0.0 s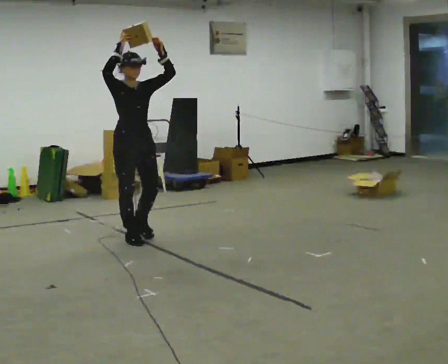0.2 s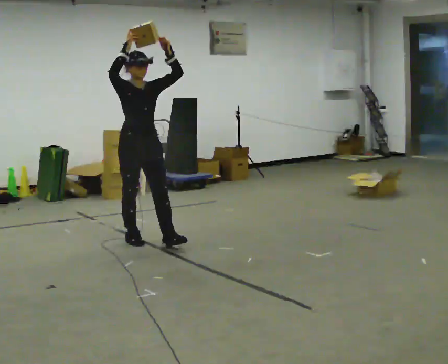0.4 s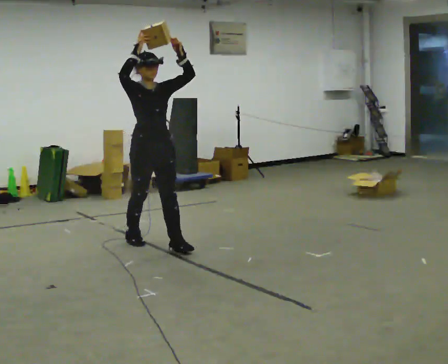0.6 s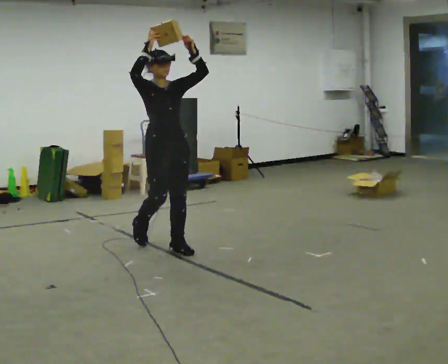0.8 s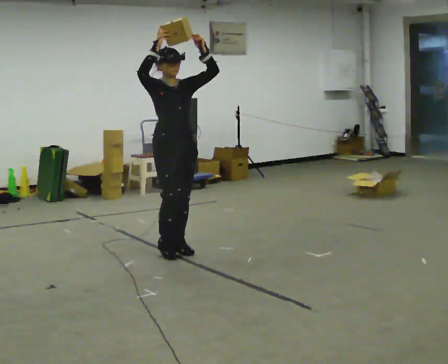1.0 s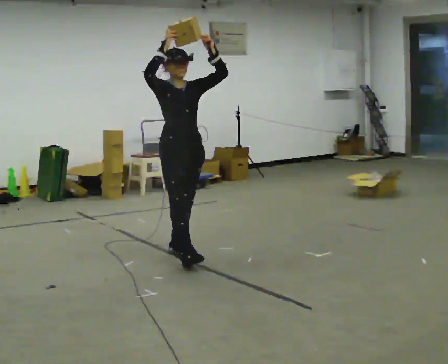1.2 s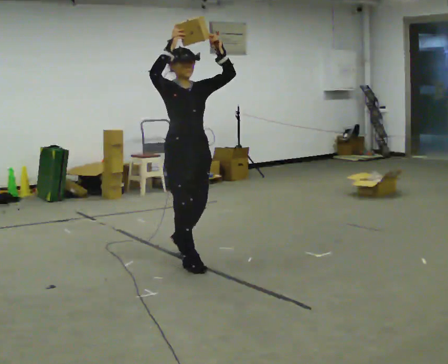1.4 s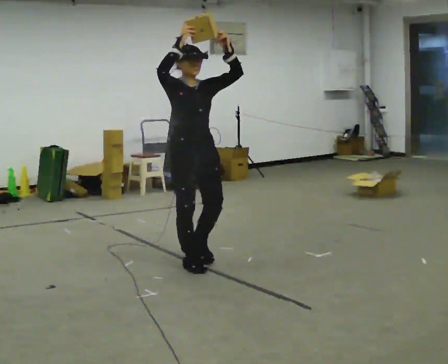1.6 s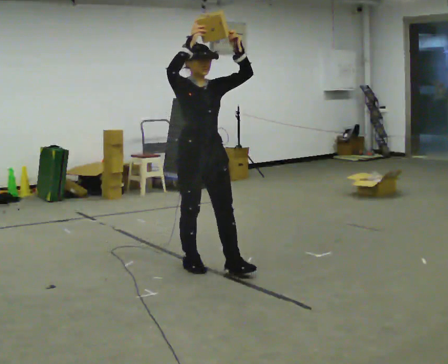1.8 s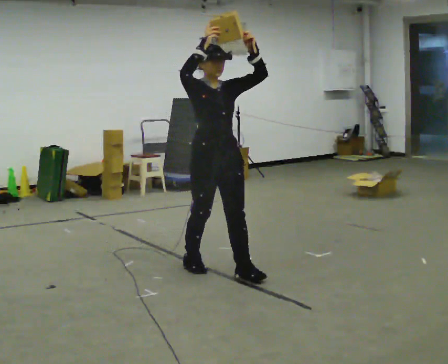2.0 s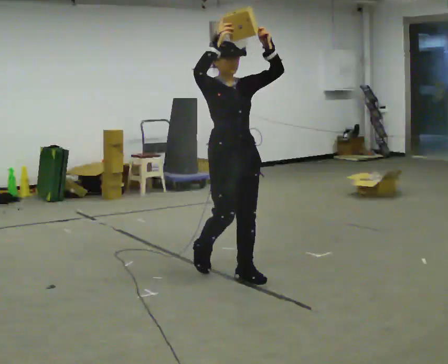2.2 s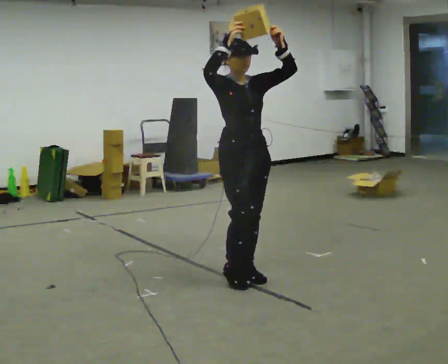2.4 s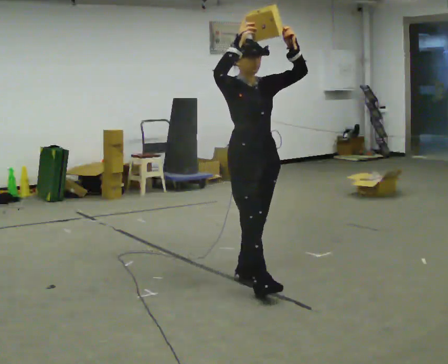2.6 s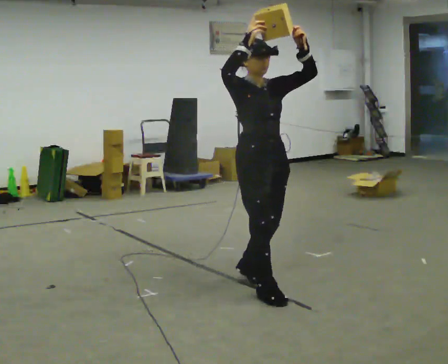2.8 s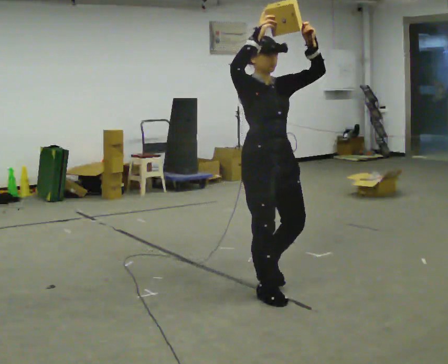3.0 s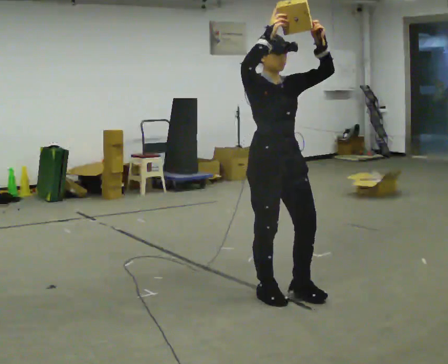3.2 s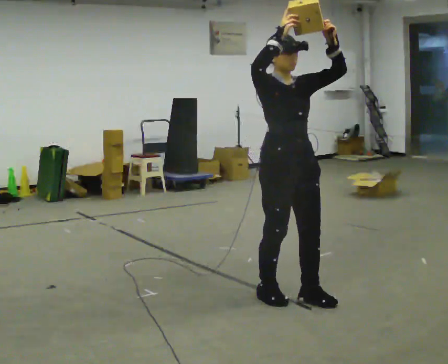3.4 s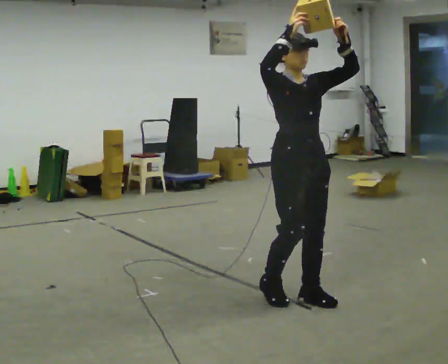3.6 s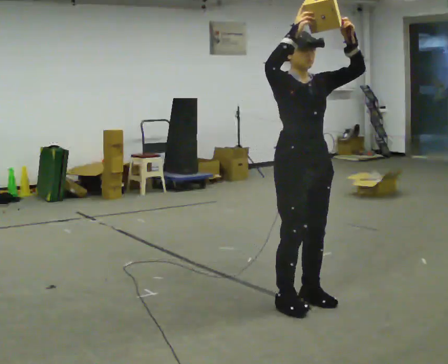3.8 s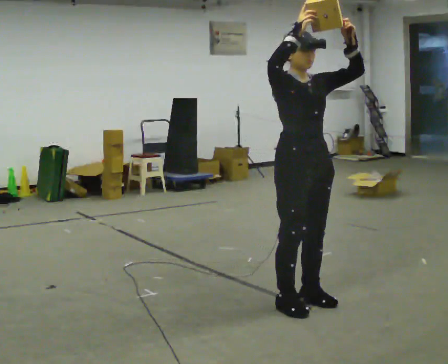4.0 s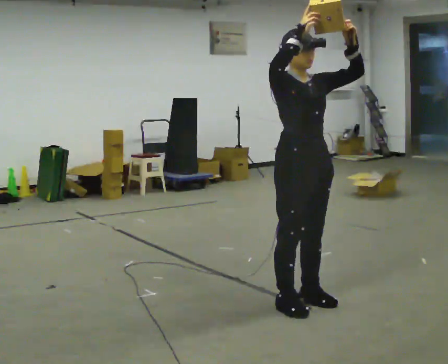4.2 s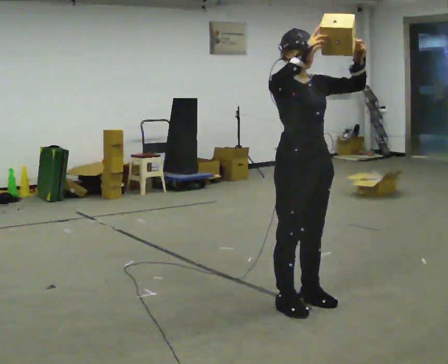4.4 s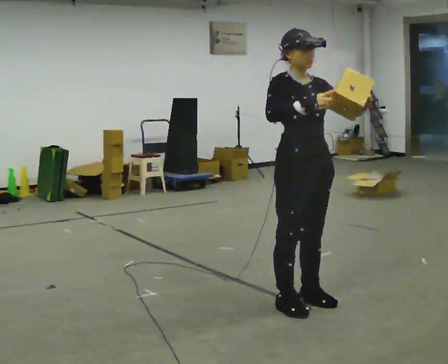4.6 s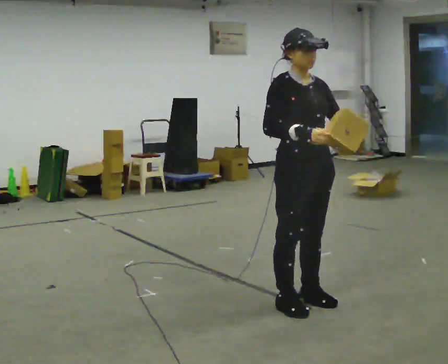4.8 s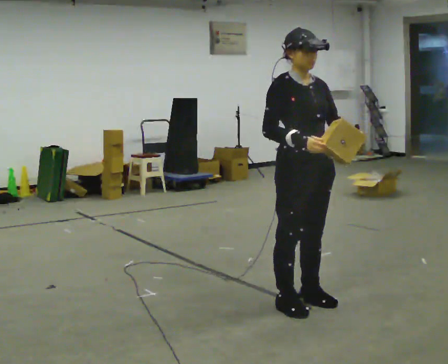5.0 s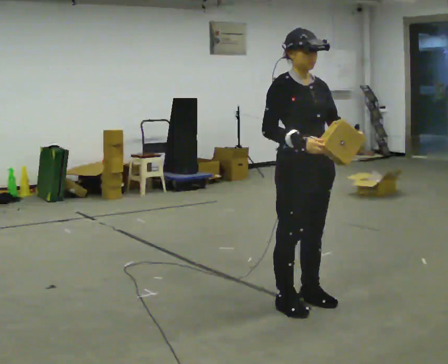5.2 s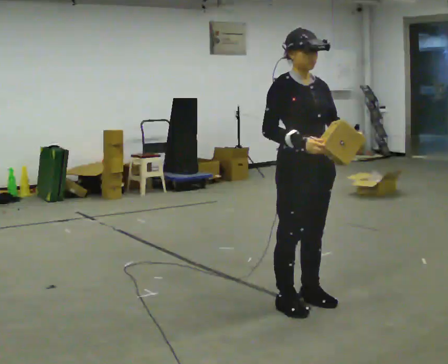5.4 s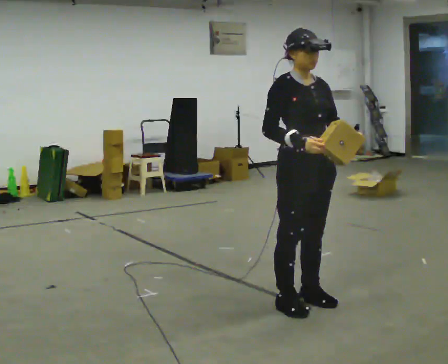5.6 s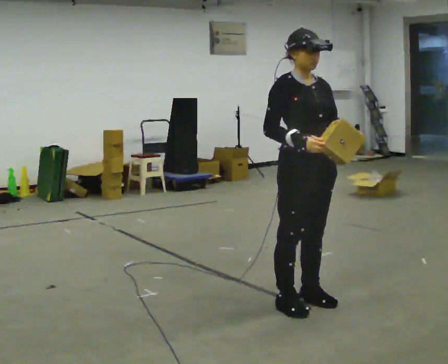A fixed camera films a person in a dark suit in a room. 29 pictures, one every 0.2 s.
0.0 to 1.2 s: In the picture they go toward the camera and to the right, about 1 m in 2 steps, which for them is forward.
1.2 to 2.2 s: In the picture they go to the right and toward the camera, about 0.5 m in 1 step, which for them is forward.
2.2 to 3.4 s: In the picture they go toward the camera and to the right, about 0.5 m in 2 steps, which for them is forward.
3.4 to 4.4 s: In the picture their left hand goes downward, the arm swinging clockwise.
4.4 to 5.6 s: The person moves a little, or ends about where they began.
The film runs forward here.
